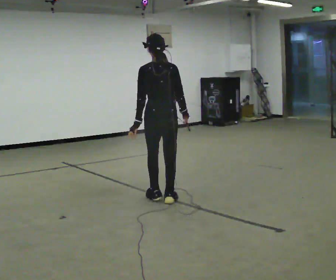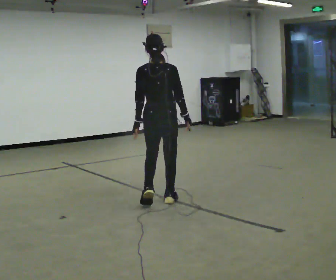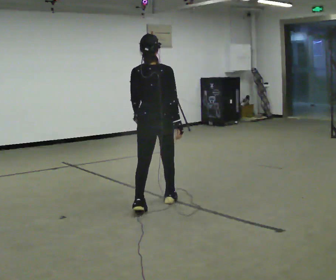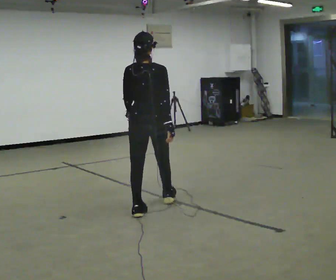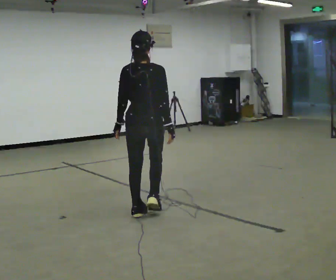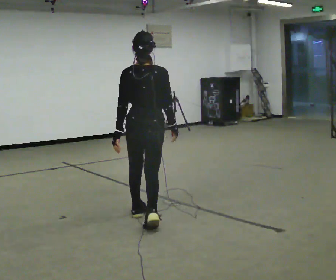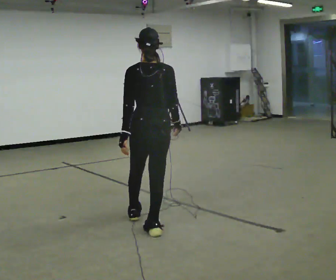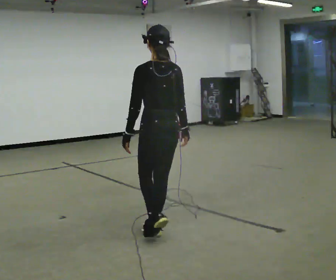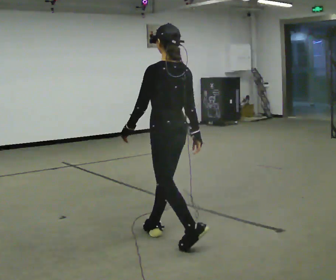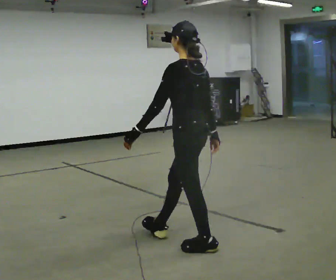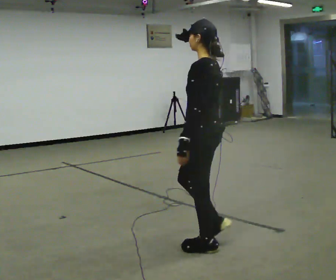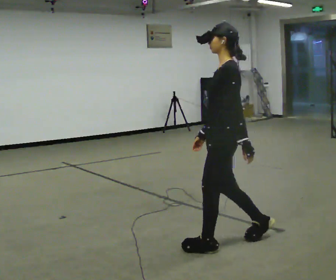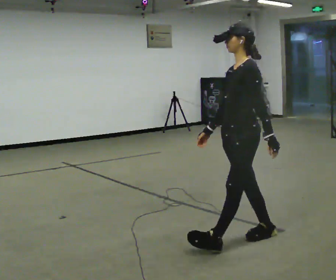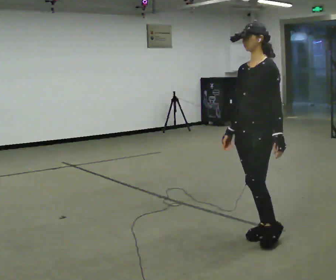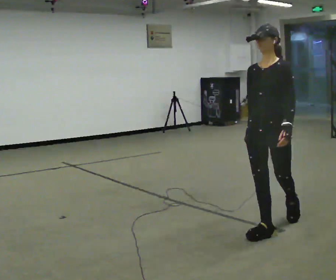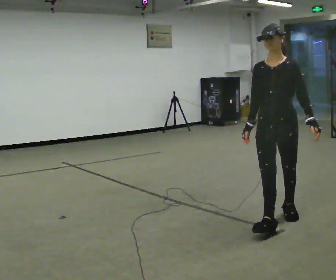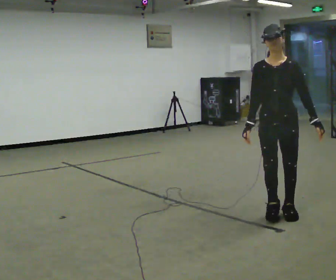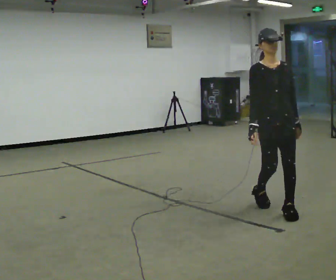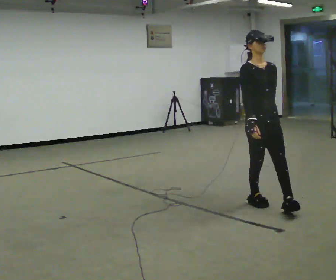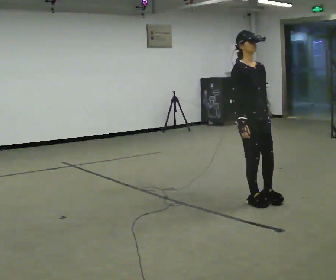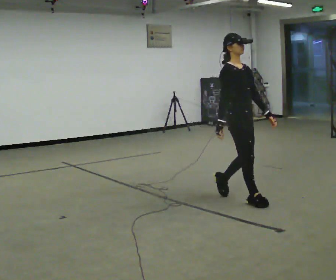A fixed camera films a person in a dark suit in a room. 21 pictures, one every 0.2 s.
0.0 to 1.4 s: In the picture they go toward the camera, about 1 m in 2 steps, which for them is backward.
1.4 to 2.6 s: The person turns about 90 degrees to their left, counterclockwise seen from above, so the part of the body nearest the lens slides to the right. In the picture they go to the right, about 0.5 m in 2 steps.
2.6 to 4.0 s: The person turns about 105 degrees to their left, counterclockwise seen from above, so the part of the body nearest the lens slides to the right. In the picture they go away from the camera, about 1 m in 2 steps.
The film runs backward here.
